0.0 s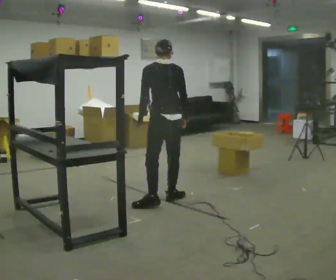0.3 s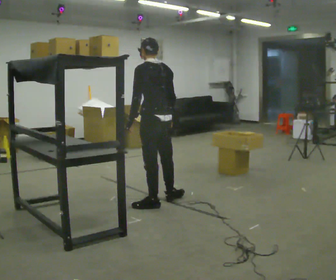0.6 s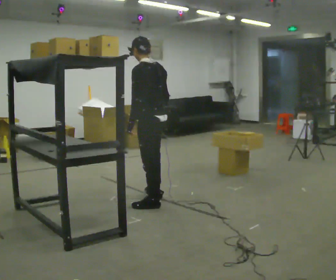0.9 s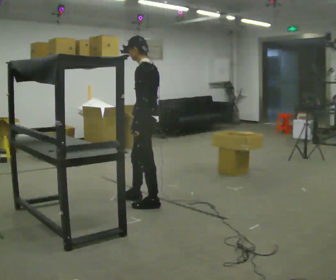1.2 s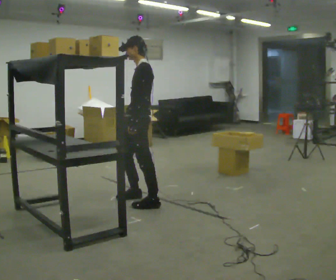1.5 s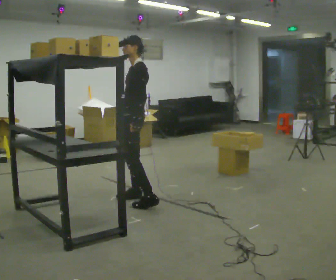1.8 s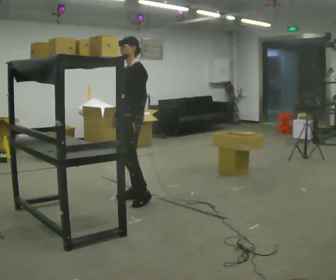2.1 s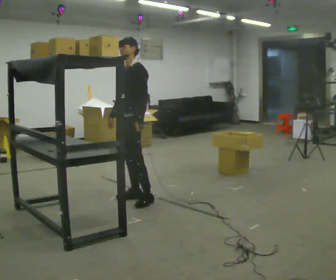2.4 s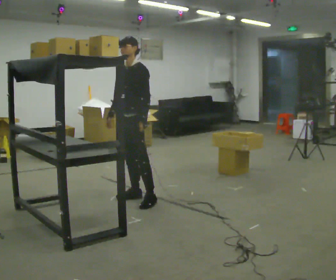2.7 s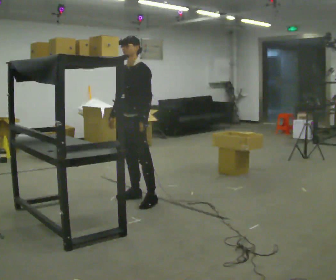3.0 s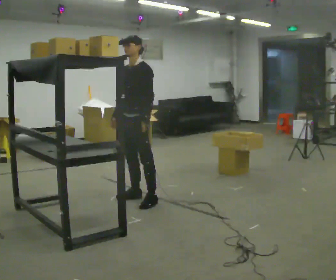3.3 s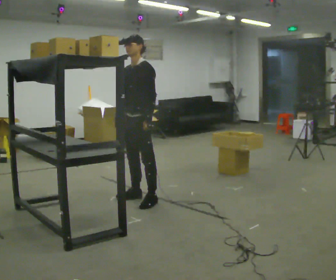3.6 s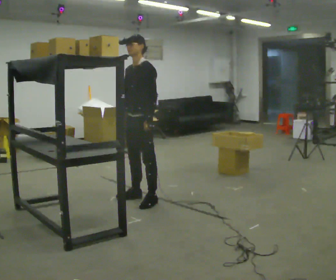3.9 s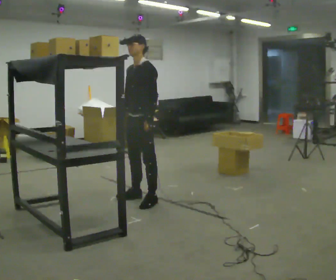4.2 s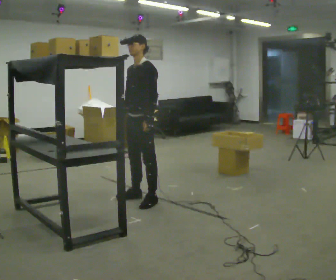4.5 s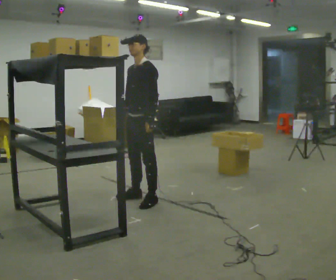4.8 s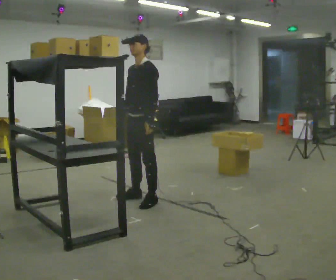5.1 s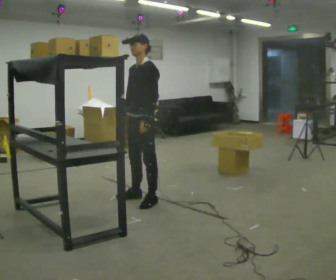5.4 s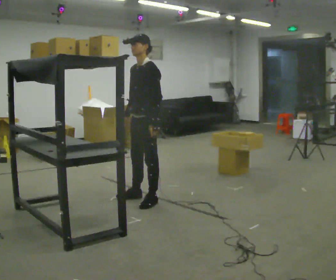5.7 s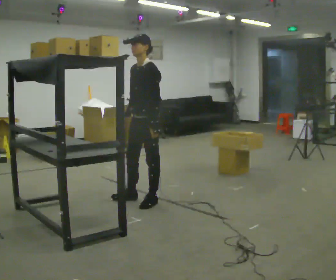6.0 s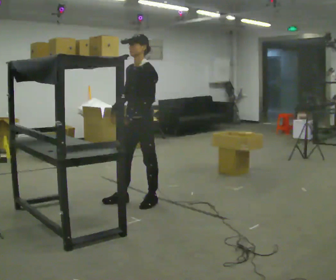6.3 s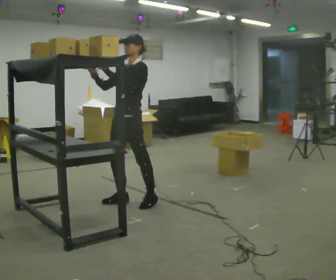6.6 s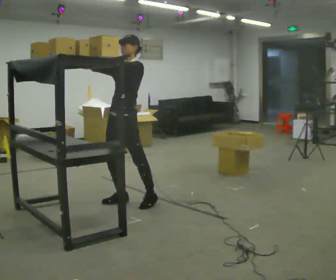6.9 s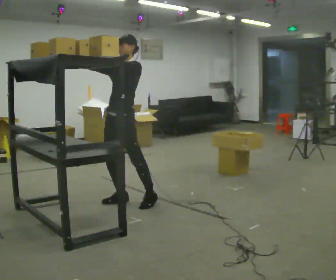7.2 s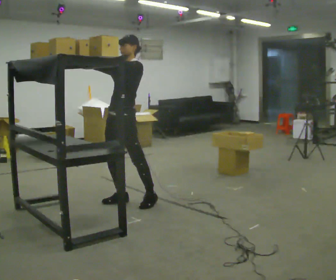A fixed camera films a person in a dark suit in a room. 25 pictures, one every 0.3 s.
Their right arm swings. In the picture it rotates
clockwise.
Their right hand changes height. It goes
upward.
0.0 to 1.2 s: The part of the body nearest the lens slides to the right as the person turns to their left by about 75 degrees. In the picture they go to the left, about 0.25 m in 1 step.
1.2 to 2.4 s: The part of the body nearest the lens slides to the right as the person turns to their left by about 45 degrees. In the picture they go away from the camera, about 0.25 m in 1 step, which for them is to their right.
2.4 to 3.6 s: The person moves a little, or ends about where they began.
3.6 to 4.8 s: The person keeps their place and pose.
4.8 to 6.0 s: The person moves a little, or ends about where they began.
6.0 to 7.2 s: In the picture they go to the left, about 0.25 m, which for them is forward. In the picture their right hand goes upward and to the left, the arm swinging clockwise.
The film runs backward here.
